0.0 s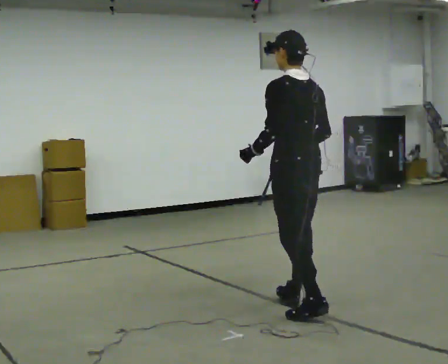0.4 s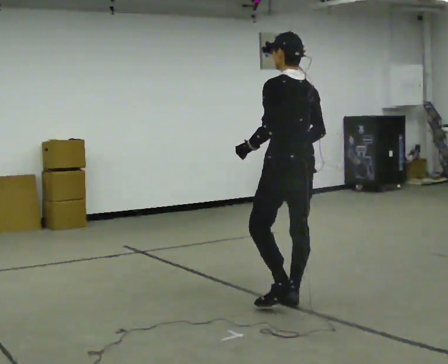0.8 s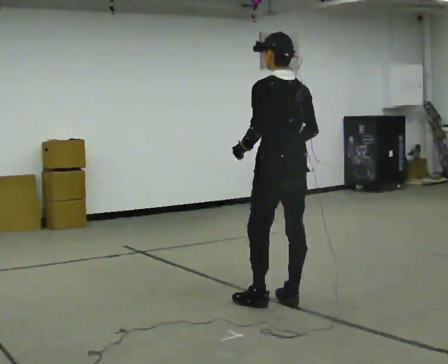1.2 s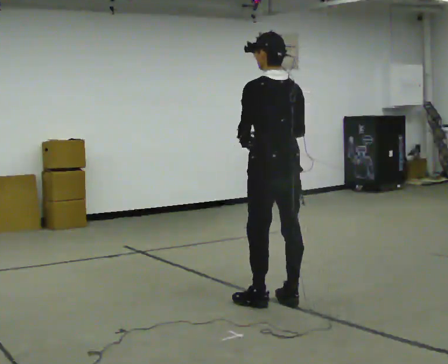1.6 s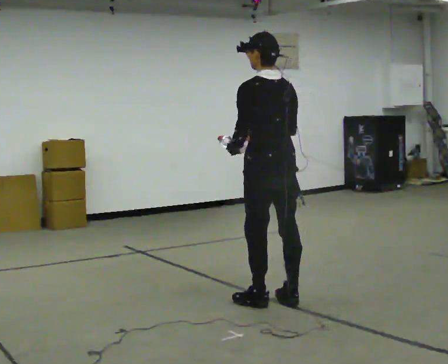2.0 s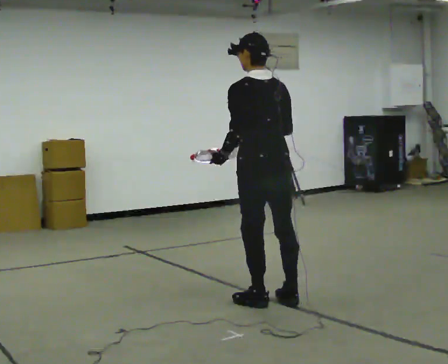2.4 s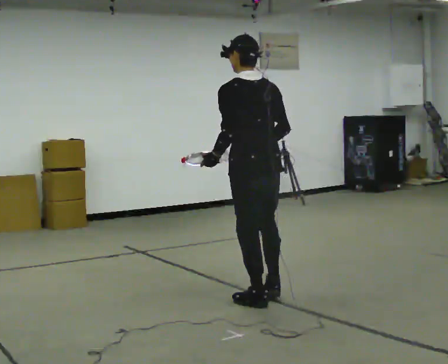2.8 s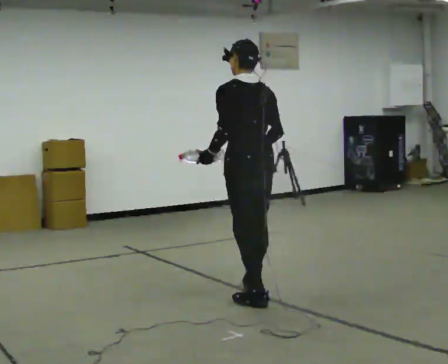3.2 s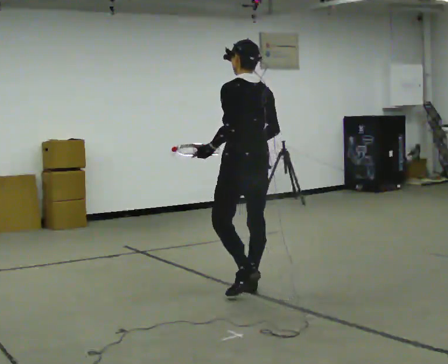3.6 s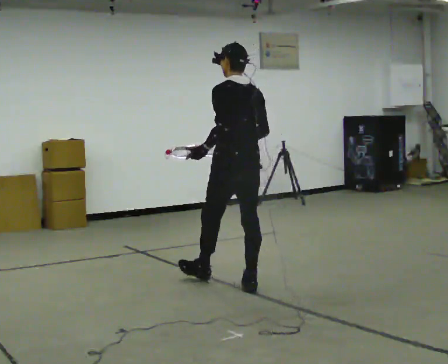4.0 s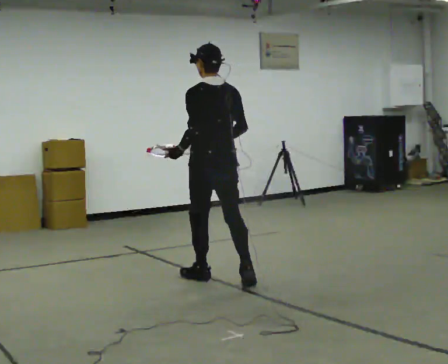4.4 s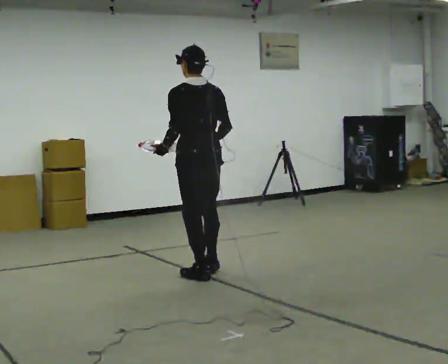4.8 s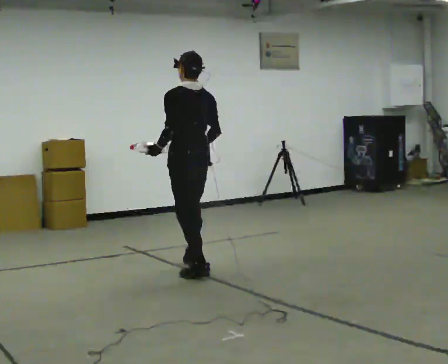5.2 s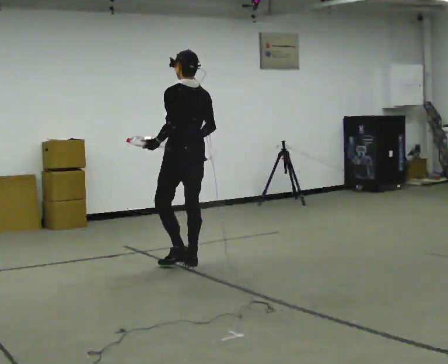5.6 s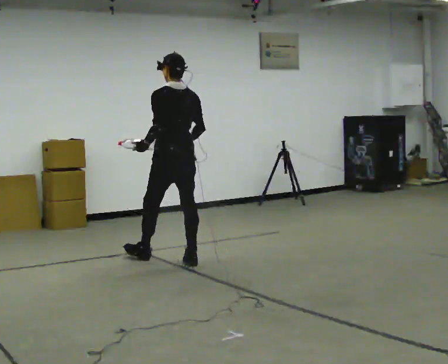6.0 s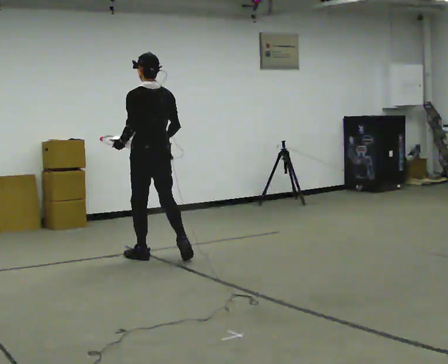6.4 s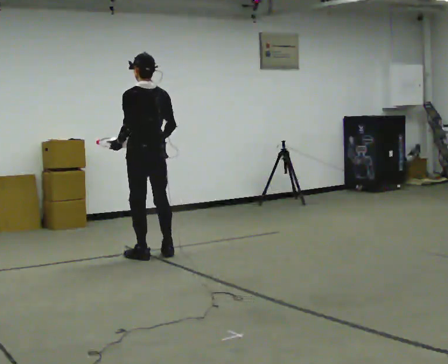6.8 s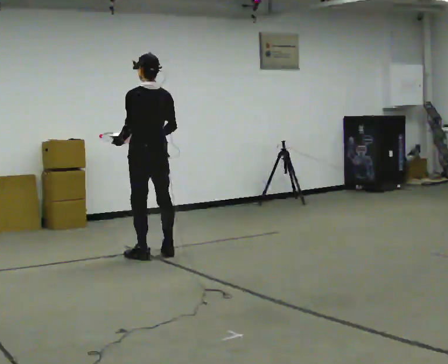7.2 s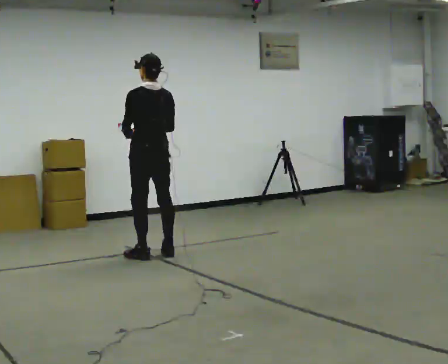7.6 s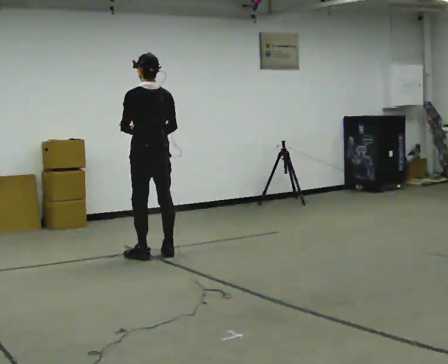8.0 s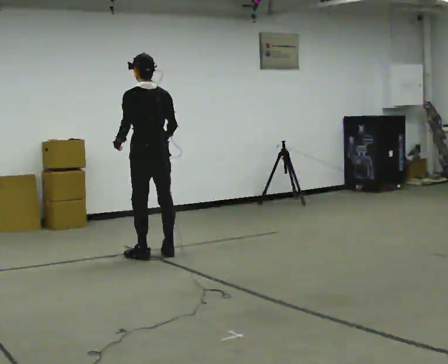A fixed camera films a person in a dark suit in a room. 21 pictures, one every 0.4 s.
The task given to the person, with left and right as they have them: Carry the object in one hand and, while walking, pass it to your other hand. Keep passing it back and forth as you walk.
0.0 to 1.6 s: In the picture they go away from the camera, about 0.25 m in 1 step, which for them is forward.
1.6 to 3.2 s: In the picture they go away from the camera, about 0.25 m in 1 step, which for them is forward.
3.2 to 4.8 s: In the picture they go away from the camera and to the left, about 1 m in 2 steps, which for them is forward.
4.8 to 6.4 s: In the picture they go away from the camera and to the left, about 0.5 m in 2 steps, which for them is forward.
6.4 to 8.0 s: The person moves a little, or ends about where they began.
The film runs forward here.
